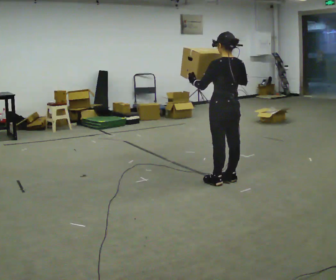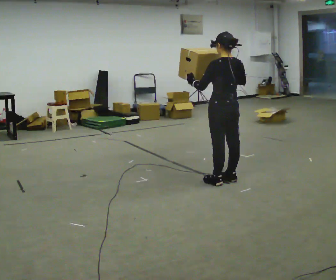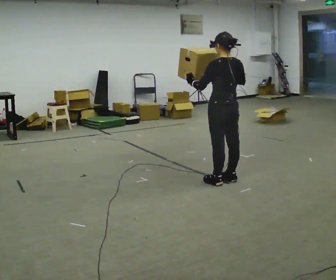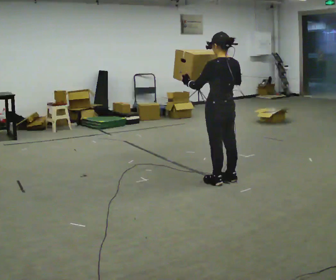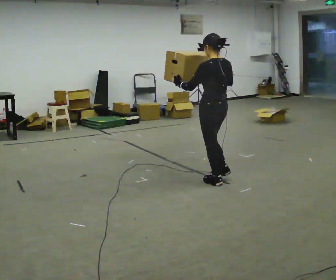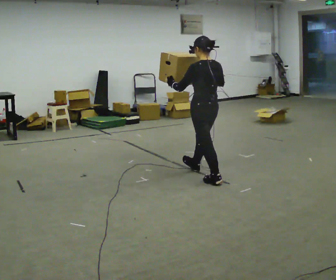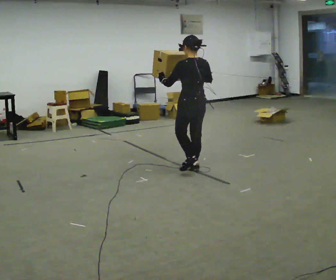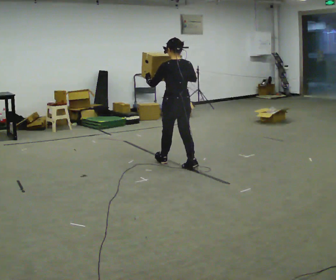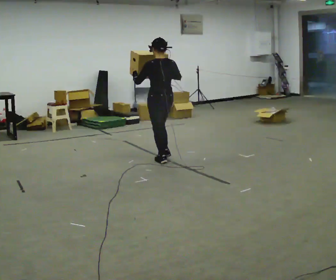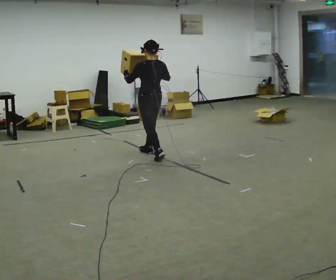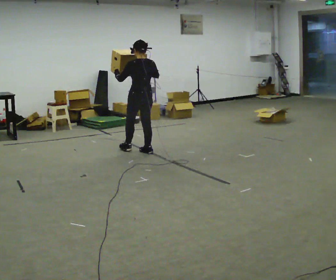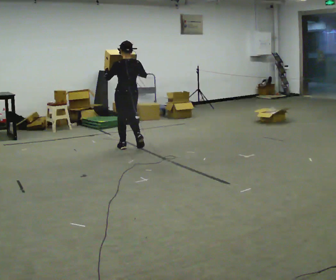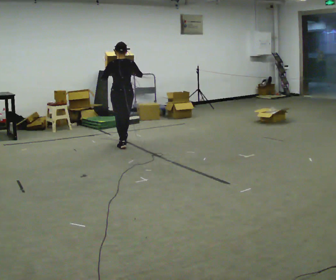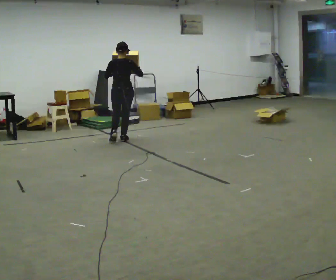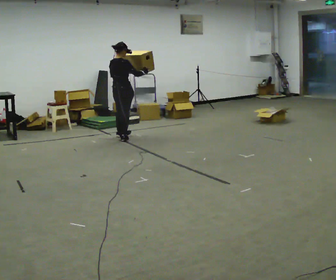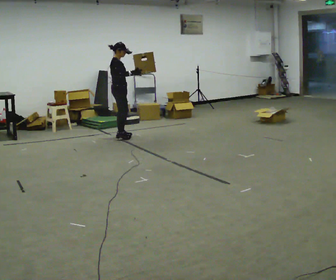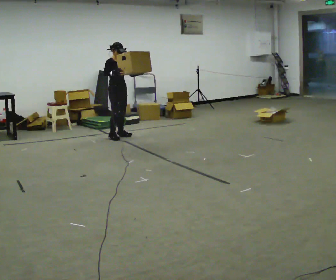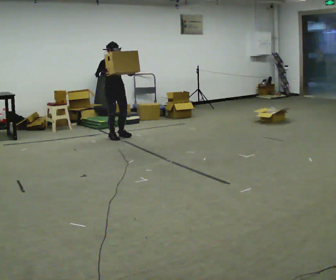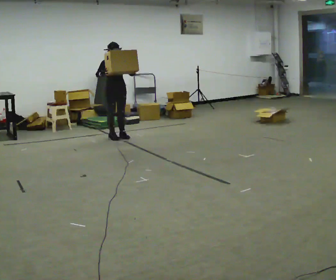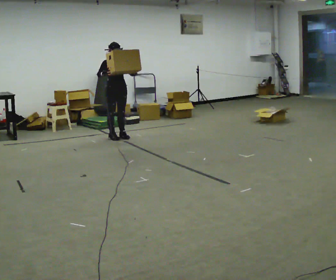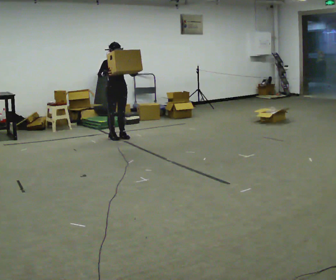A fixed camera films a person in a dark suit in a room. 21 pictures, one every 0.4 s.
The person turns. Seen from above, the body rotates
clockwise.
The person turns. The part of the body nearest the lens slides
to the left.
0.0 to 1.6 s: The person moves a little, or ends about where they began.
1.6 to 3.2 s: In the picture they go away from the camera and to the left, about 1 m in 2 steps, which for them is forward.
3.2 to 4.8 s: In the picture they go away from the camera and to the left, about 1 m in 2 steps, which for them is forward.
4.8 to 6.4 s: The person turns about 150 degrees to their right, clockwise seen from above, so the part of the body nearest the lens slides to the left. In the picture they go away from the camera, about 0.75 m in 3 steps.
6.4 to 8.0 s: The person moves a little, or ends about where they began.
The film runs forward here.
